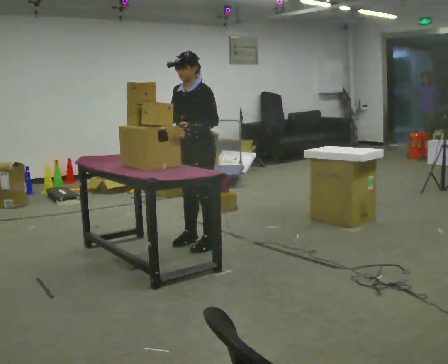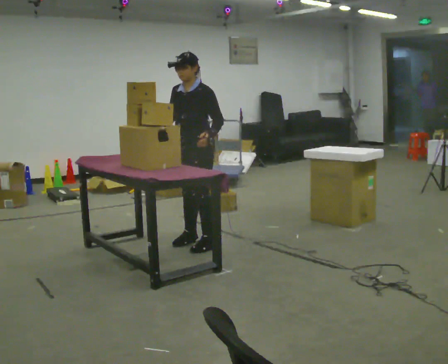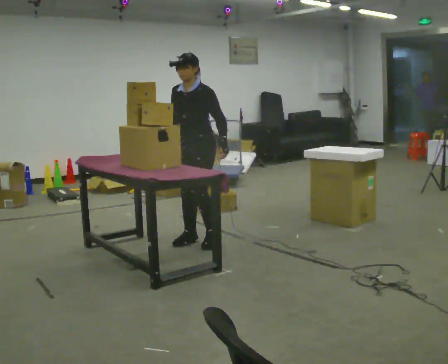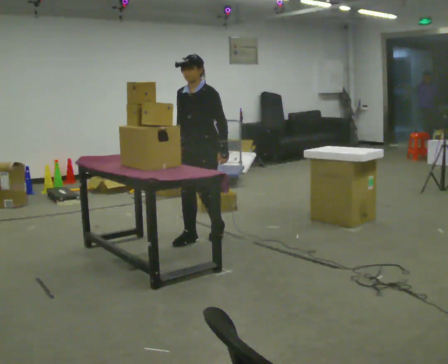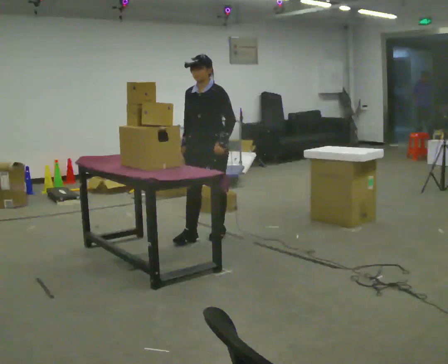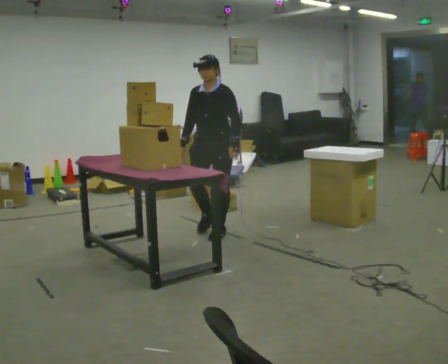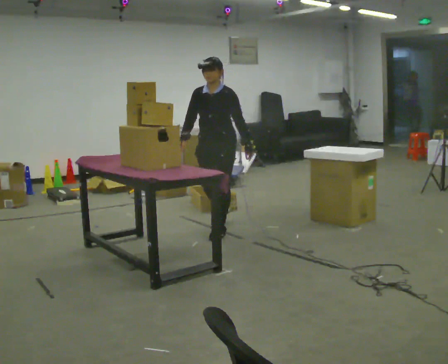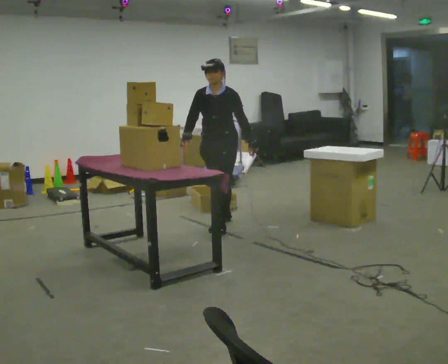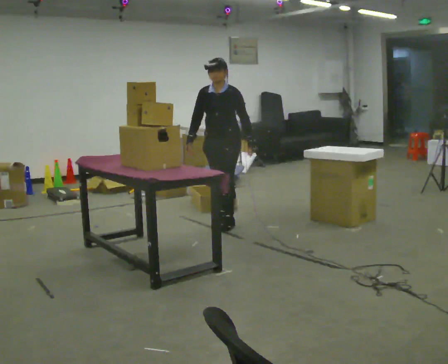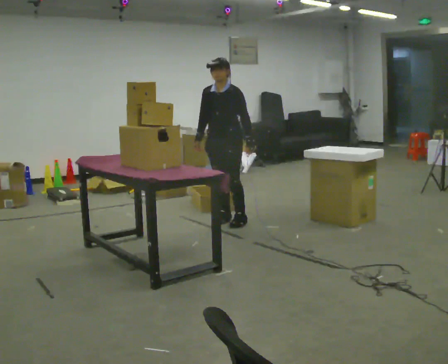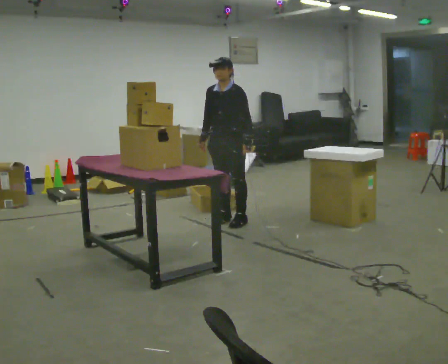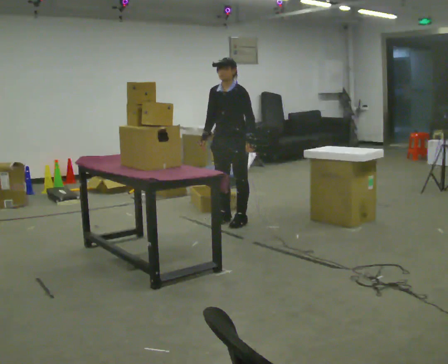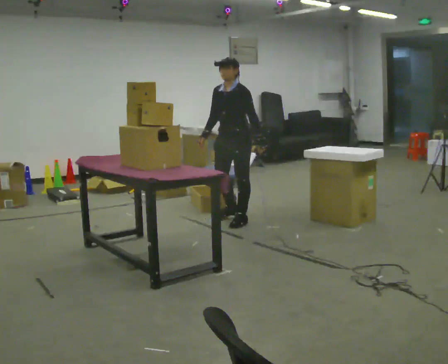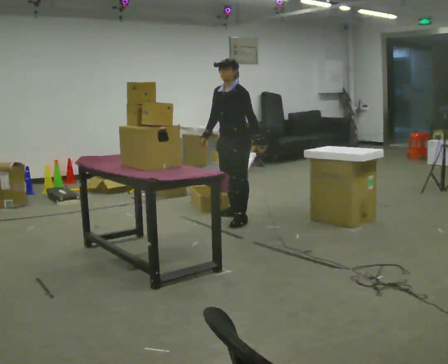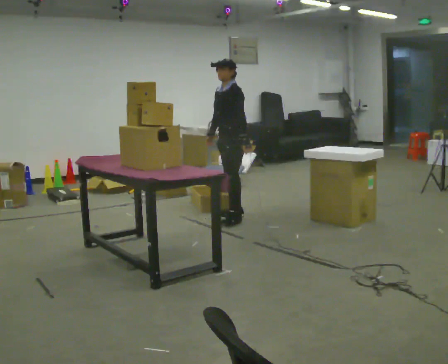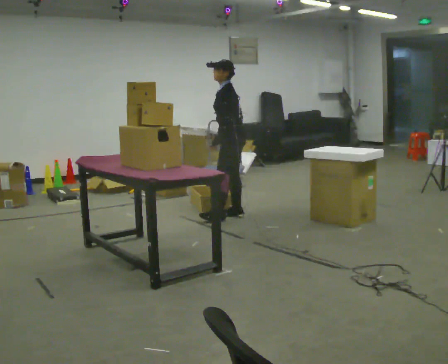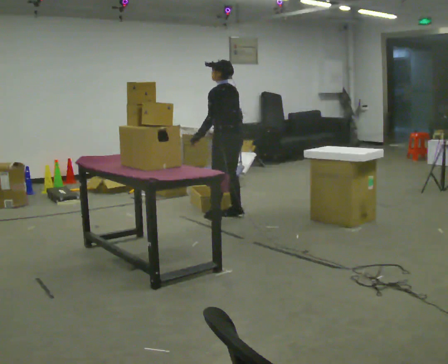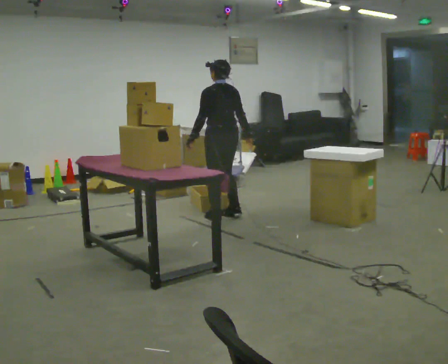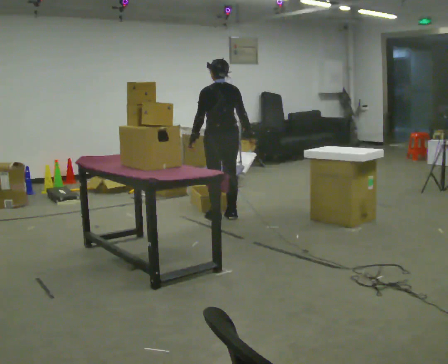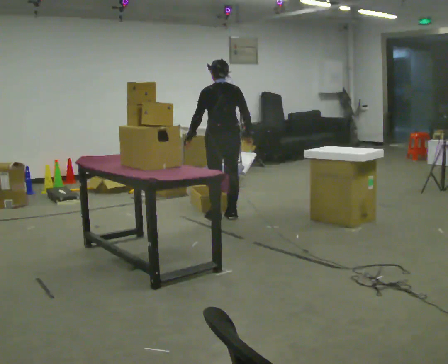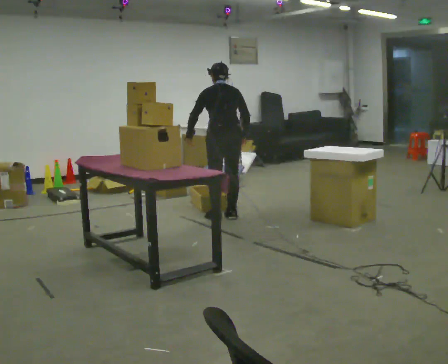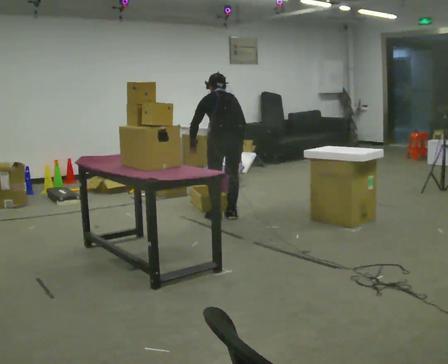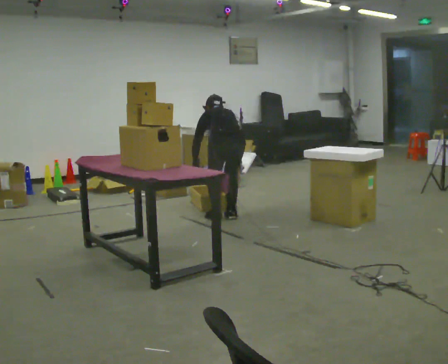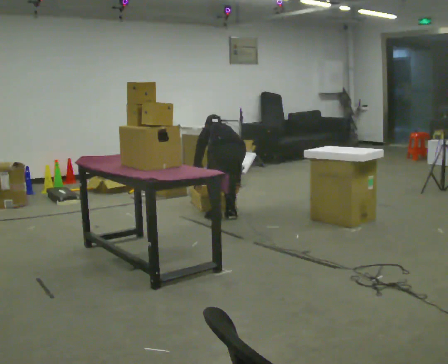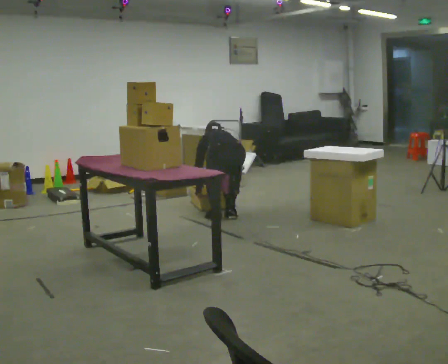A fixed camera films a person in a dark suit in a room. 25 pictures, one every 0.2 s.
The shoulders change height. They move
downward.
Their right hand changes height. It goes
downward.
0.0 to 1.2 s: In the picture they go away from the camera, about 0.5 m in 2 steps, which for them is backward.
1.2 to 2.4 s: In the picture they go away from the camera and to the right, about 0.25 m in 2 steps, which for them is backward.
2.4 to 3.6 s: The person turns about 105 degrees to their right, clockwise seen from above, so the part of the body nearest the lens slides to the left. In the picture they go to the left, about 0.25 m in 1 step. In the picture their right hand goes to the right, the arm swinging counterclockwise.
3.6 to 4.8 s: The shoulders move downward. The upper body tips away from the camera, its near side rolling upward, as they bend forward. In the picture their left hand goes downward.
The film runs backward here.
